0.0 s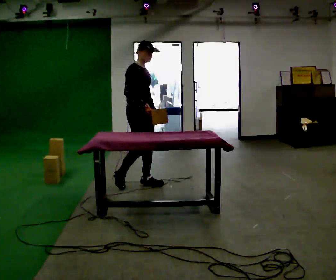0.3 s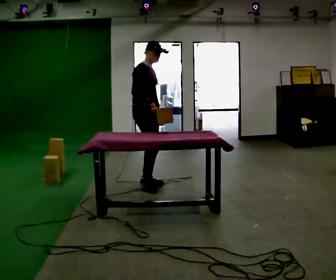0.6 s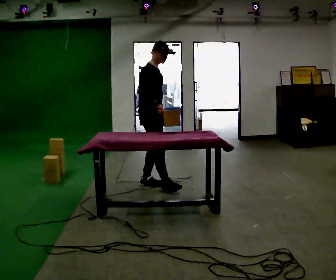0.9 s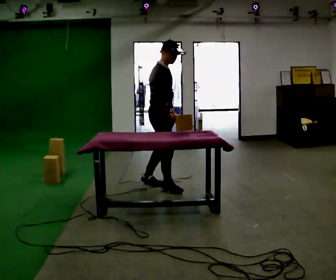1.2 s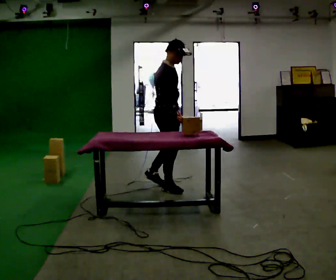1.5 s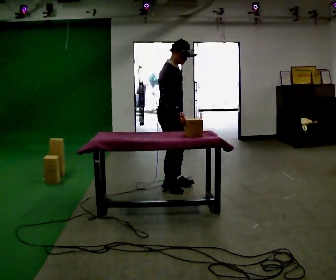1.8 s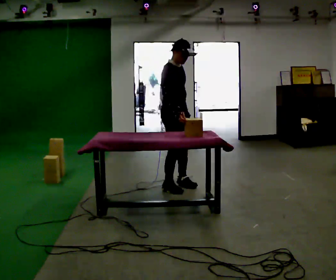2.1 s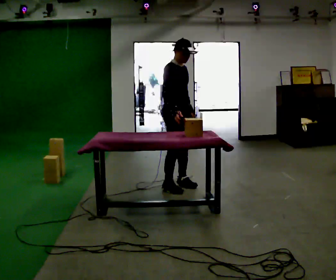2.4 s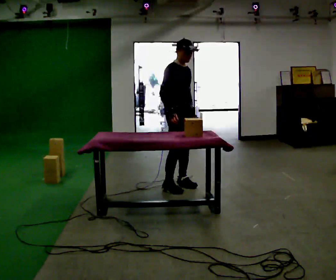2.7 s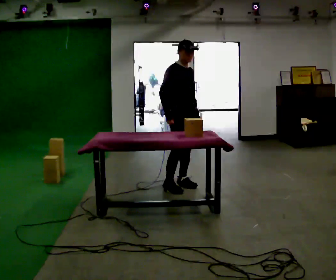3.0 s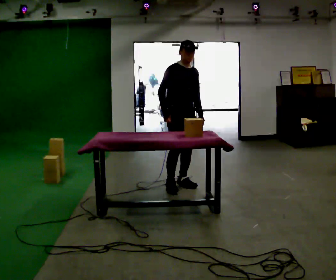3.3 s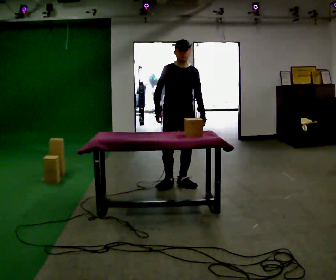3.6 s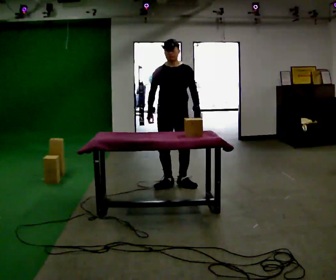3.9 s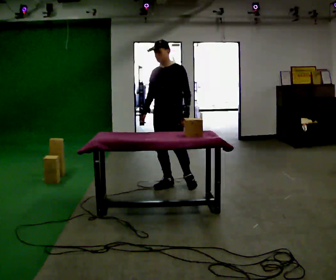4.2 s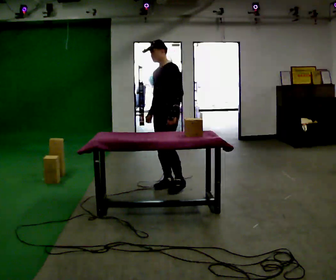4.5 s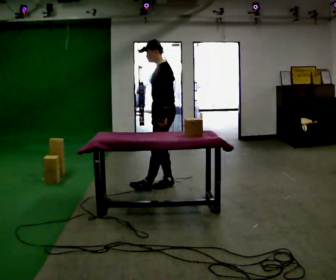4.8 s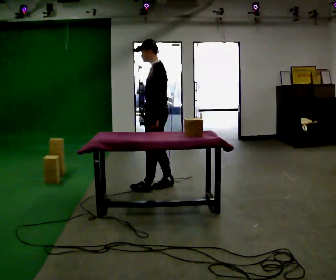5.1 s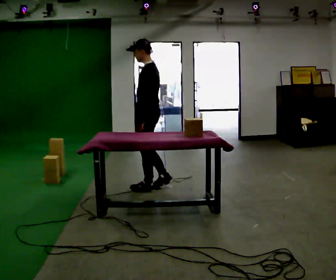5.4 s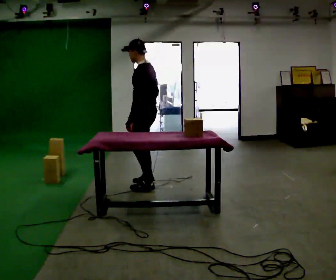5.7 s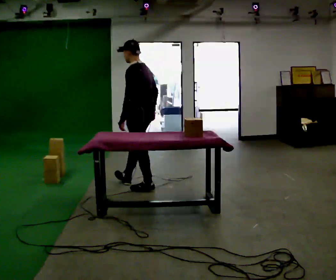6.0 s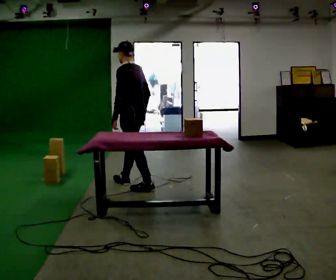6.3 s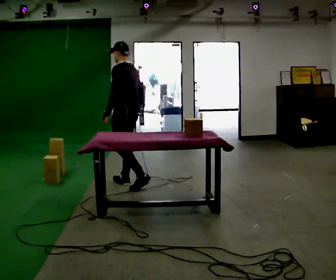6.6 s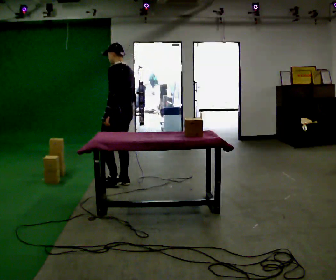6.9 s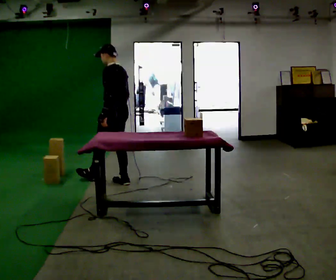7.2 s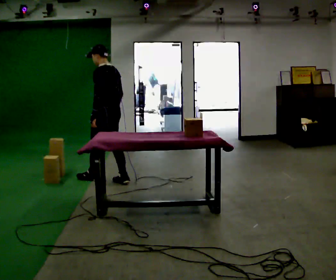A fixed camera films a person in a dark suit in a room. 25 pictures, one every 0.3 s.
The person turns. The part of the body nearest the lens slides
to the left.
The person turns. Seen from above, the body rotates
clockwise.
0.0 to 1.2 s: In the picture they go to the right and toward the camera, about 0.25 m in 1 step, which for them is forward.
1.2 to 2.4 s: The person moves a little, or ends about where they began.
2.4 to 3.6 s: The part of the body nearest the lens slides to the left as the person turns to their right by about 60 degrees.
3.6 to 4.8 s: The person turns about 90 degrees to their right, clockwise seen from above, so the part of the body nearest the lens slides to the left. In the picture they go to the left, about 0.25 m in 1 step.
4.8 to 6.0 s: The part of the body nearest the lens slides to the left as the person turns to their right by about 30 degrees. In the picture they go to the left, about 0.25 m in 1 step, which for them is forward.
6.0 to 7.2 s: In the picture they go to the left and away from the camera, about 0.5 m in 1 step, which for them is forward.
The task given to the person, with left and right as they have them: Pick the object up off the floor using only the hand the operator calls, then carry it to the table in that same hand. Keep going until the operator says stop; one object at a time, and do not rush between trips.
The film runs forward here.
